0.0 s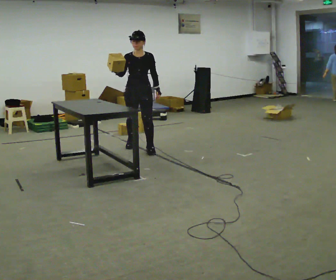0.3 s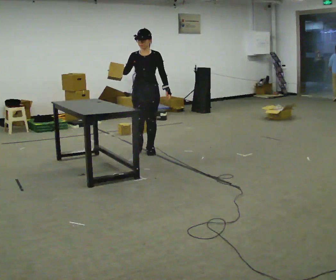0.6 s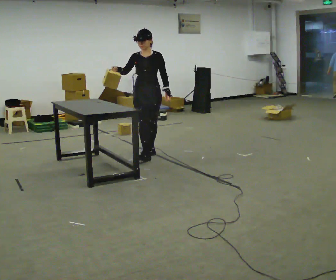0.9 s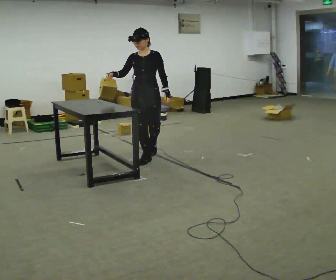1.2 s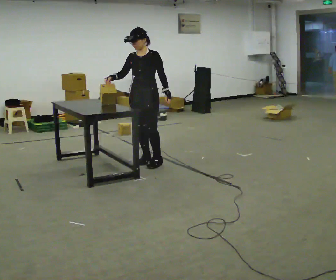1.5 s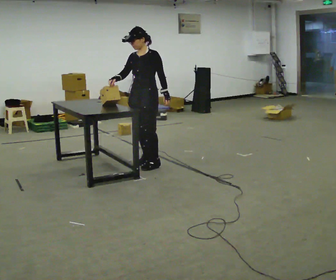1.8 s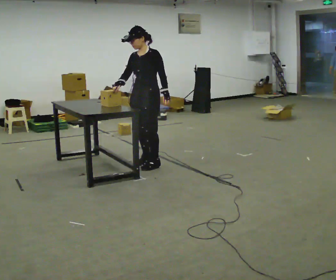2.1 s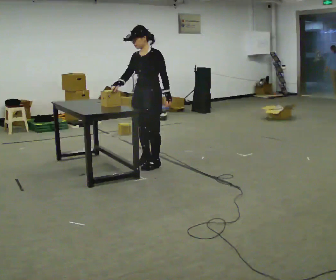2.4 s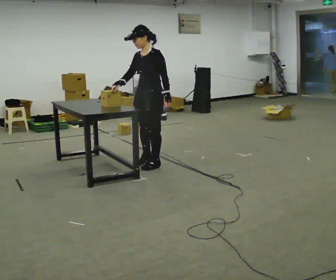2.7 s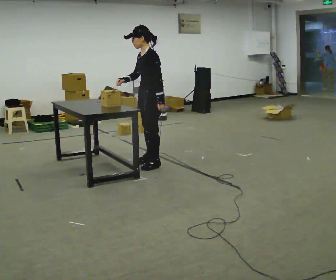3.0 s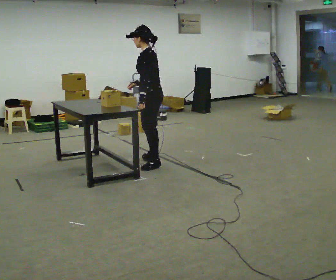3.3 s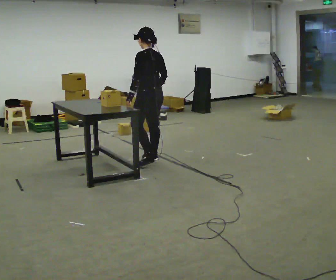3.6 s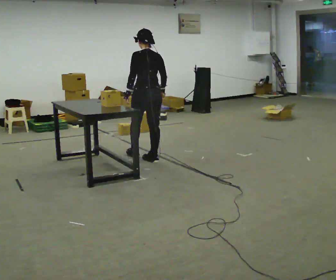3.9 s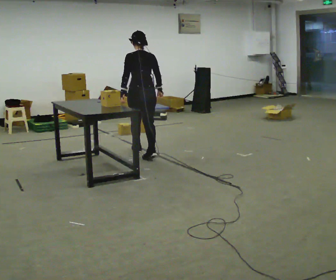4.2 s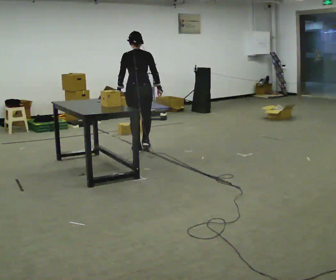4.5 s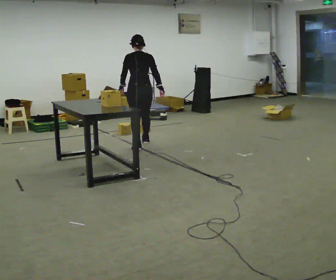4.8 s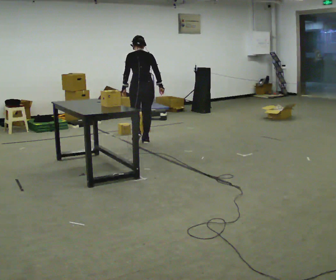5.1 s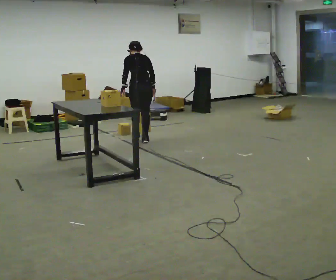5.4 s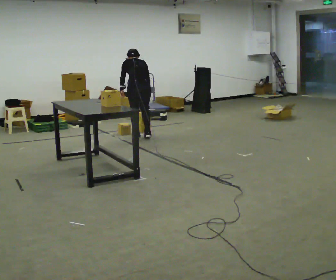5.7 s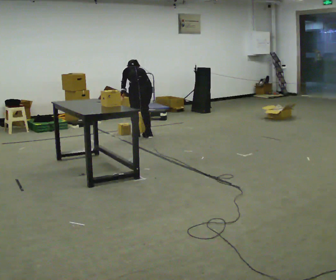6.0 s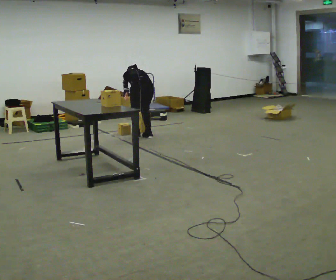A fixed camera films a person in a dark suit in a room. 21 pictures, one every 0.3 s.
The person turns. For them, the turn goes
to their right.
The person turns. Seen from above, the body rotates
clockwise.
0.0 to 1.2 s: In the picture they go toward the camera, about 0.5 m in 1 step, which for them is forward.
1.2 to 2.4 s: The part of the body nearest the lens slides to the left as the person turns to their right by about 30 degrees. In the picture they go toward the camera, about 0.25 m in 1 step, which for them is to their left.
2.4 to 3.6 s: The person turns about 105 degrees to their right, clockwise seen from above, so the part of the body nearest the lens slides to the left. In the picture they go away from the camera, about 0.25 m.
3.6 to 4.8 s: In the picture they go away from the camera, about 1 m in 2 steps, which for them is forward.
4.8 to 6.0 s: In the picture they go away from the camera, about 0.25 m in 2 steps, which for them is forward. The upper body goes downward. The upper body tips away from the camera, its near side rolling upward, as they bend forward.
The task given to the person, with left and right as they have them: Pick the object up off the floor using only the hand the operator calls, then carry it to the table in that same hand. Keep going until the operator says stop; one object at a time, and do not rush between trips.
The film runs forward here.
